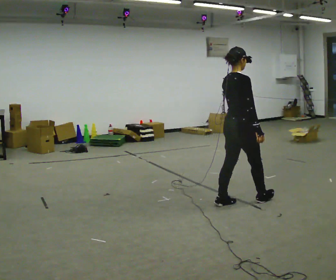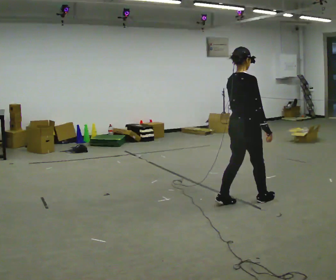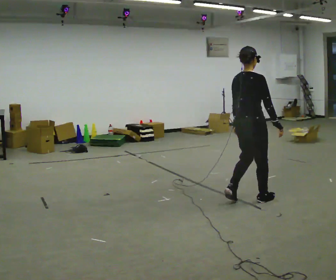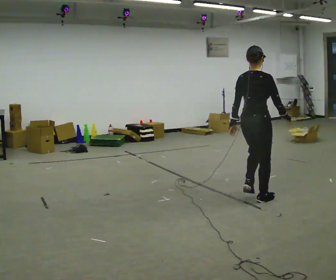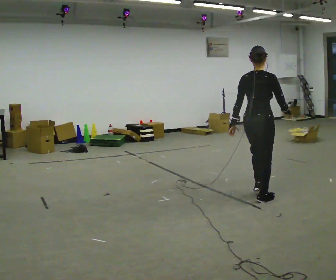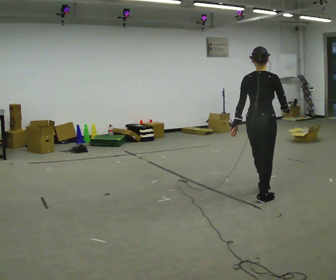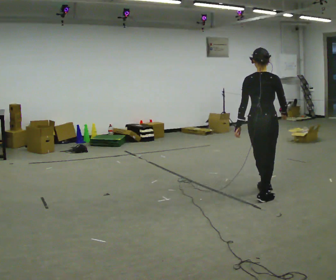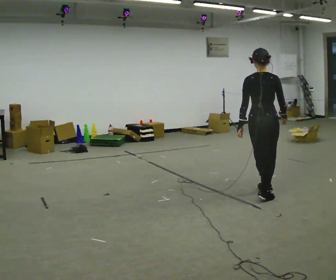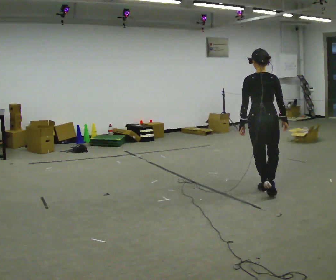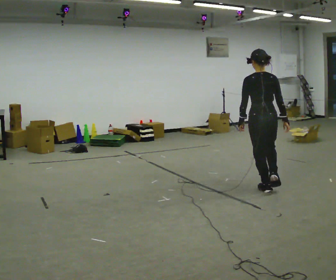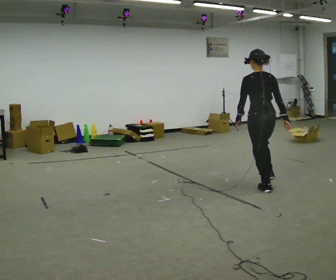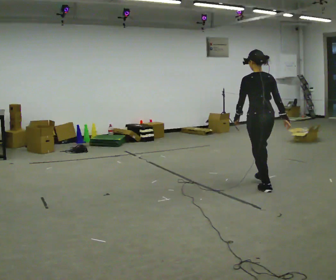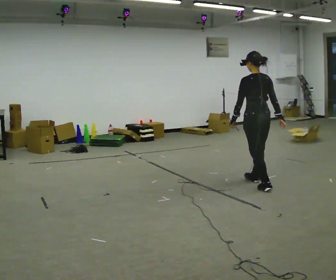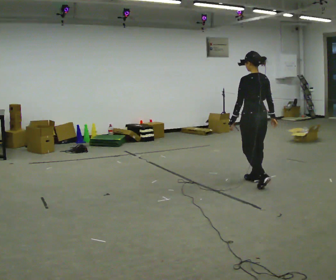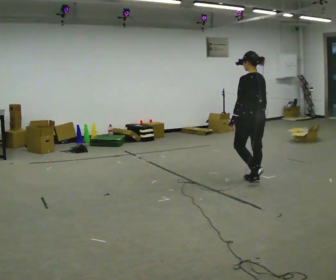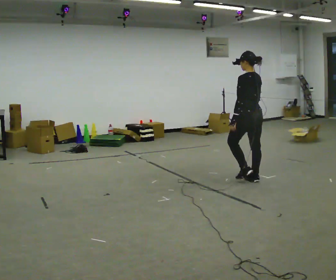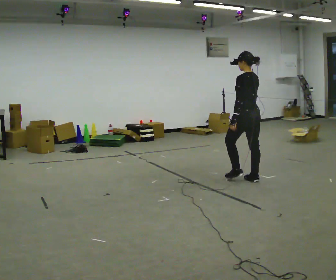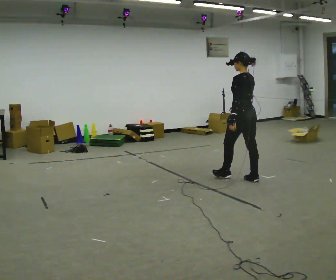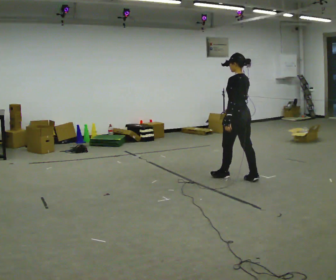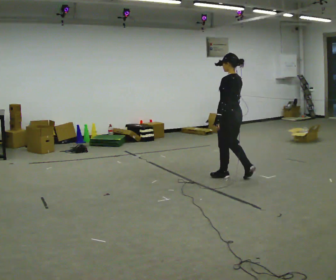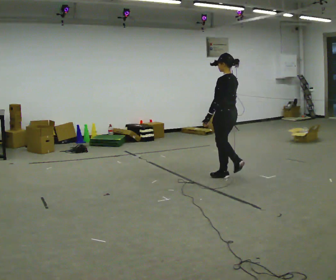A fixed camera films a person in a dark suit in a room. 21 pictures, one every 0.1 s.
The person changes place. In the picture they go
away from the camera.
The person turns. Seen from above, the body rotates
counterclockwise.
0.0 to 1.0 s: The person turns about 75 degrees to their left, counterclockwise seen from above, so the part of the body nearest the lens slides to the right. In the picture they go away from the camera and to the right, about 0.5 m in 2 steps.
1.0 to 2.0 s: The part of the body nearest the lens slides to the right as the person turns to their left by about 45 degrees. In the picture they go away from the camera and to the left, about 0.75 m in 2 steps, which for them is forward.
The film runs forward here.
